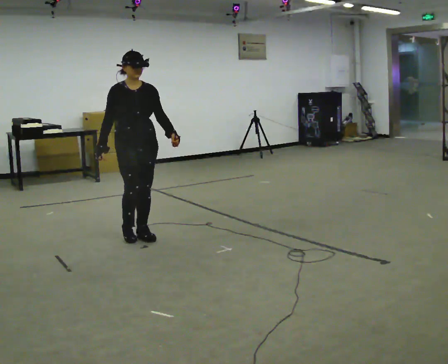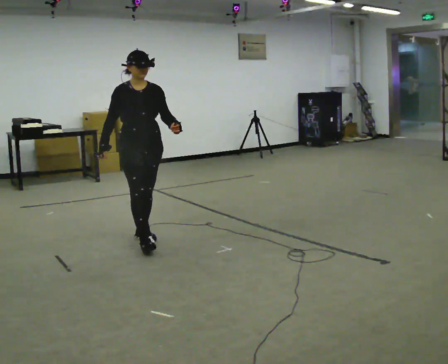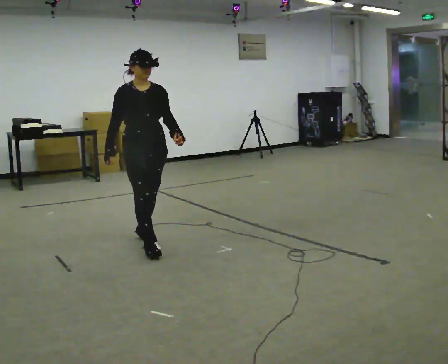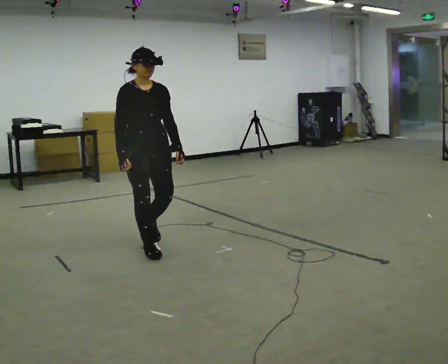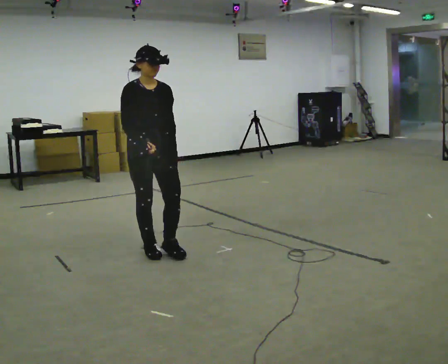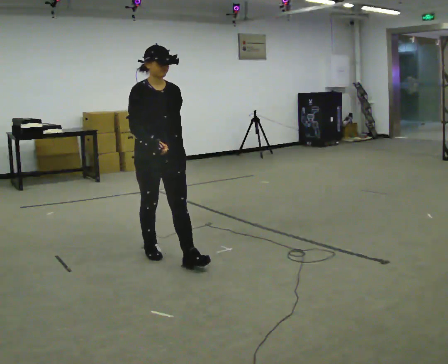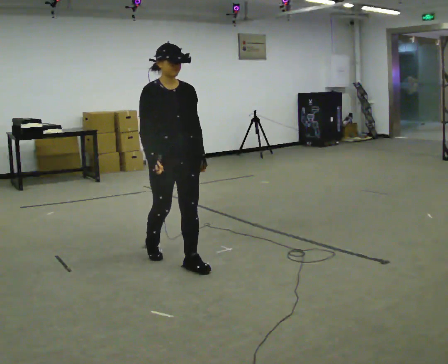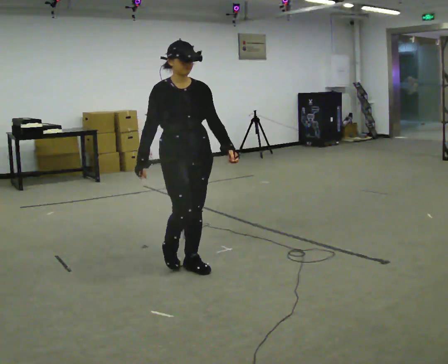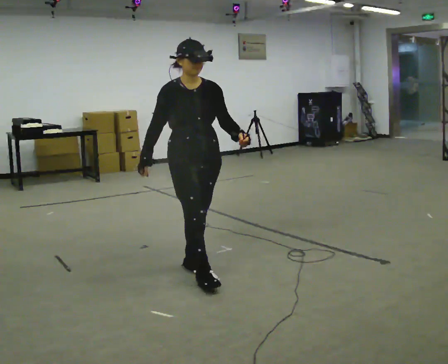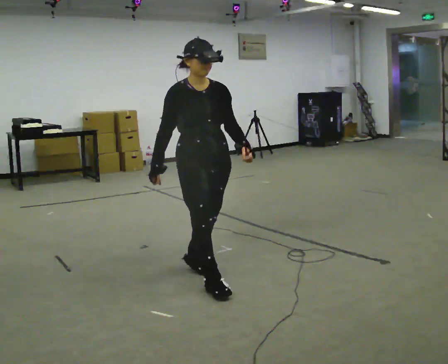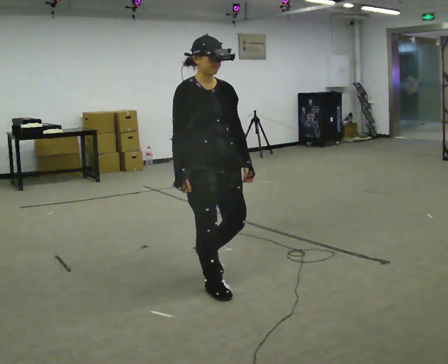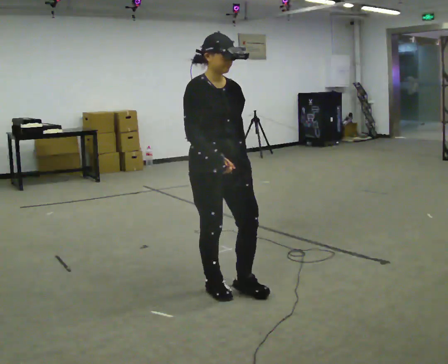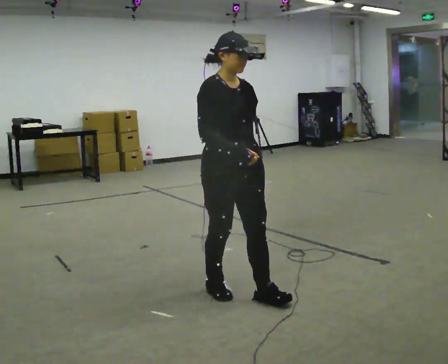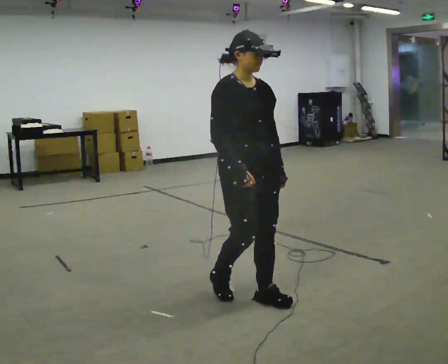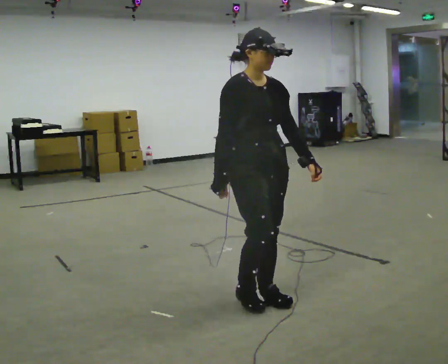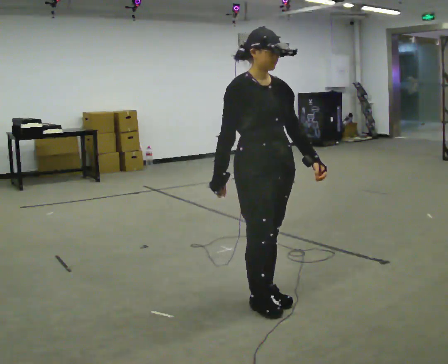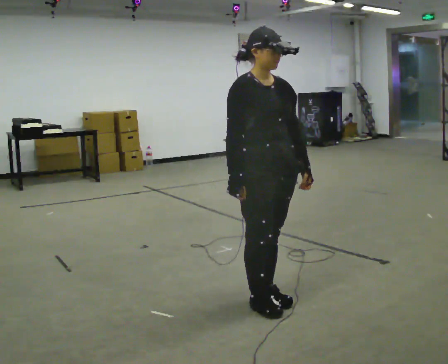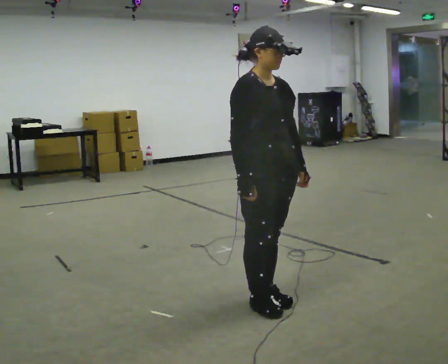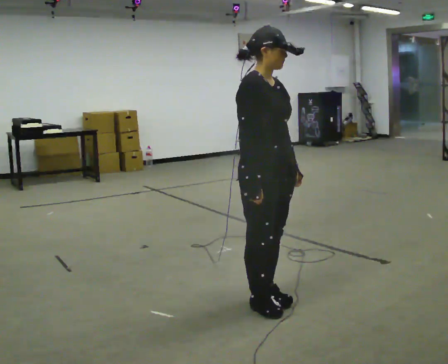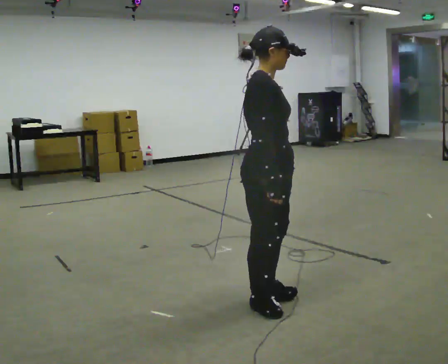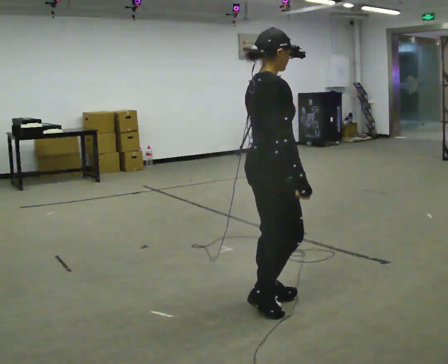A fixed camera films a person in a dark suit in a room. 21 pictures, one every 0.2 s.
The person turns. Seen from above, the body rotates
counterclockwise.
The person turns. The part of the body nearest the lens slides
to the right.
0.0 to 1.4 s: In the picture they go toward the camera and to the right, about 1 m in 2 steps, which for them is forward.
1.4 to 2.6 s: In the picture they go toward the camera and to the right, about 0.75 m in 2 steps, which for them is forward.
2.6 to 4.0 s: The part of the body nearest the lens slides to the right as the person turns to their left by about 60 degrees.
The film runs forward here.
